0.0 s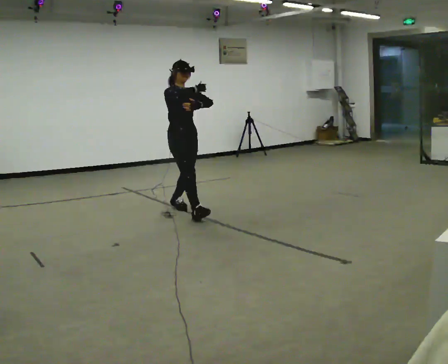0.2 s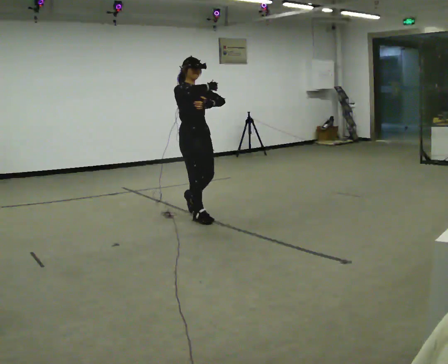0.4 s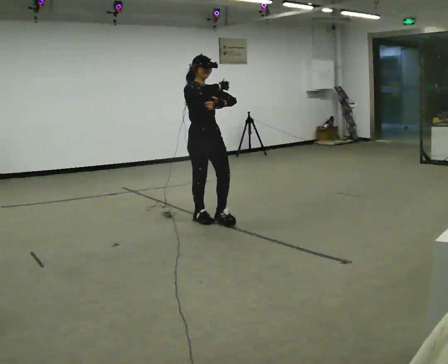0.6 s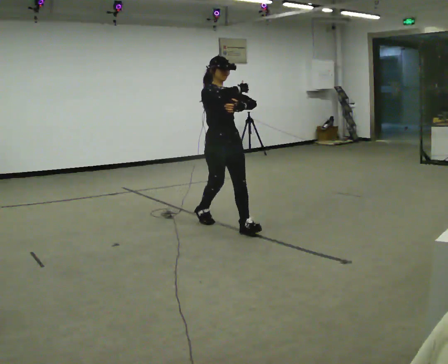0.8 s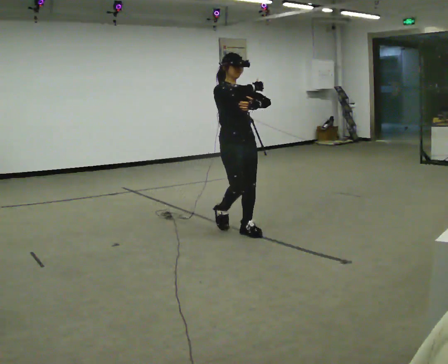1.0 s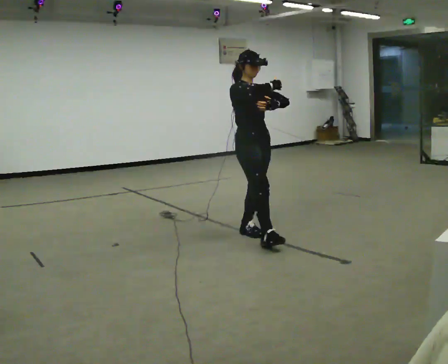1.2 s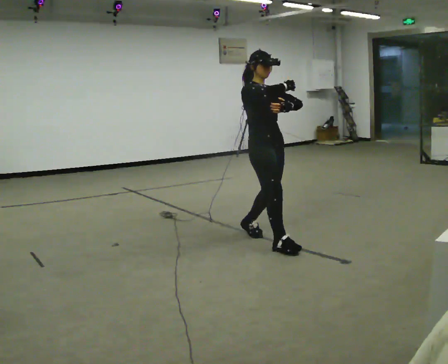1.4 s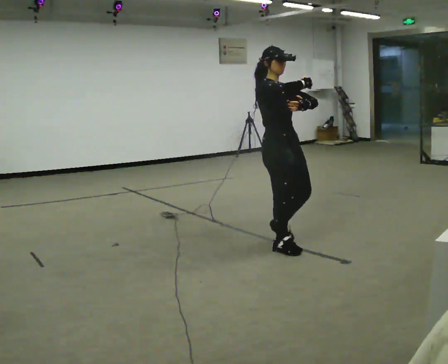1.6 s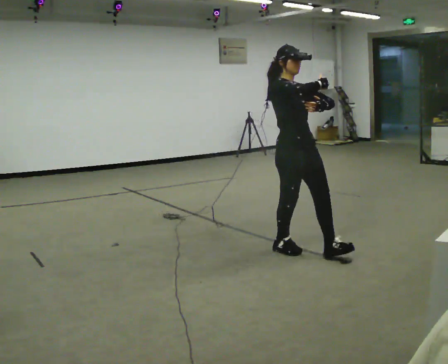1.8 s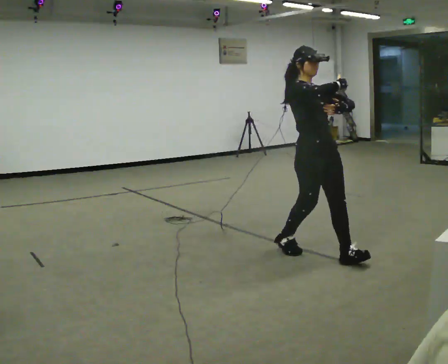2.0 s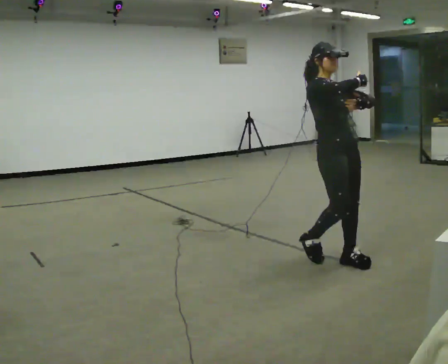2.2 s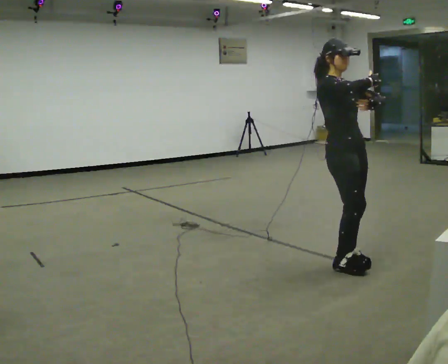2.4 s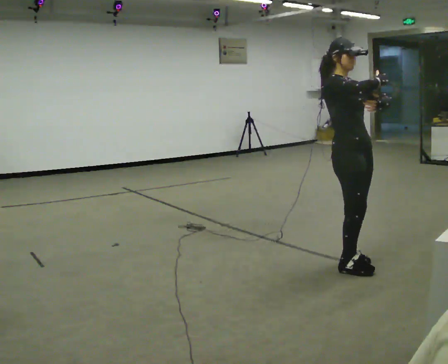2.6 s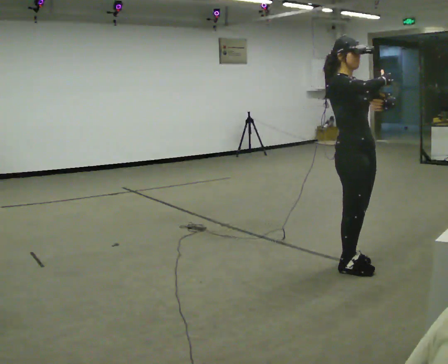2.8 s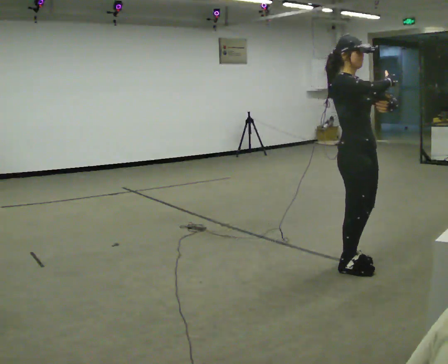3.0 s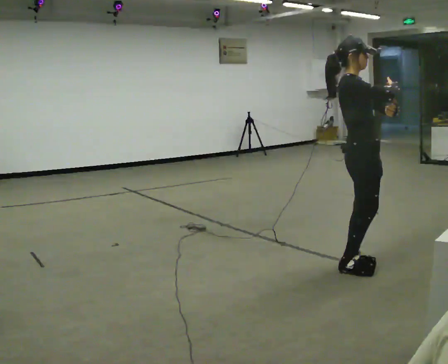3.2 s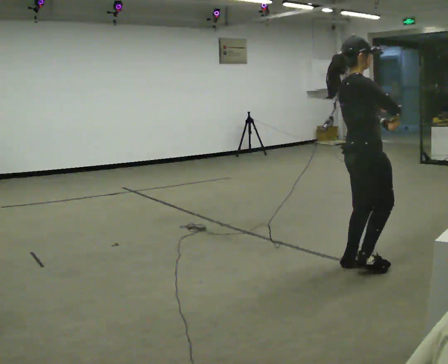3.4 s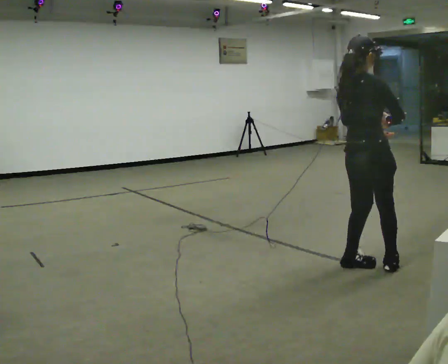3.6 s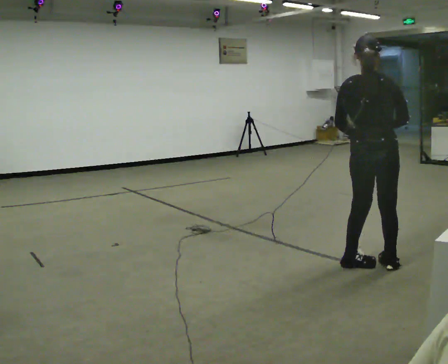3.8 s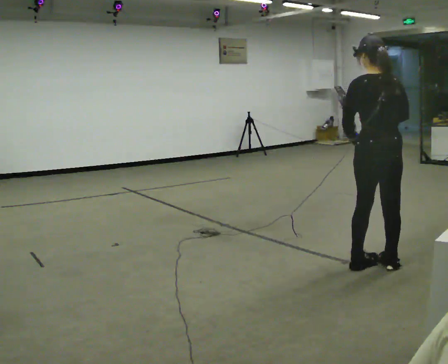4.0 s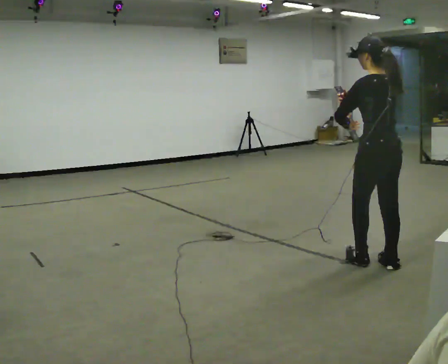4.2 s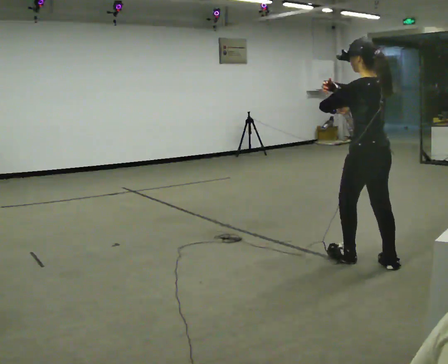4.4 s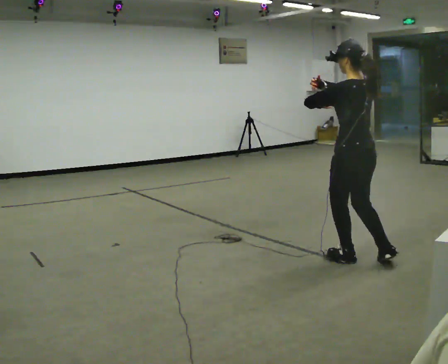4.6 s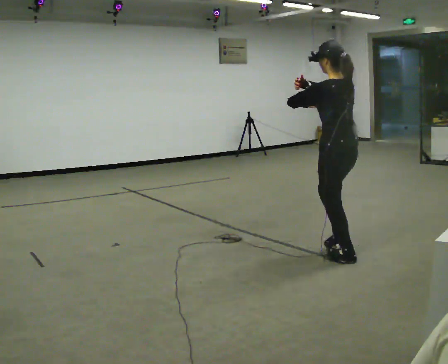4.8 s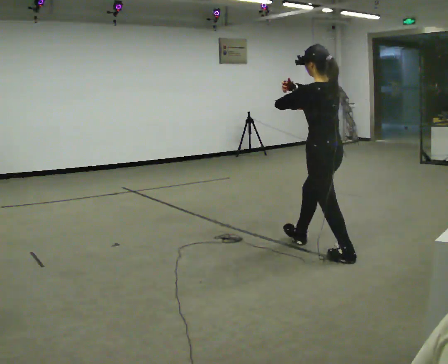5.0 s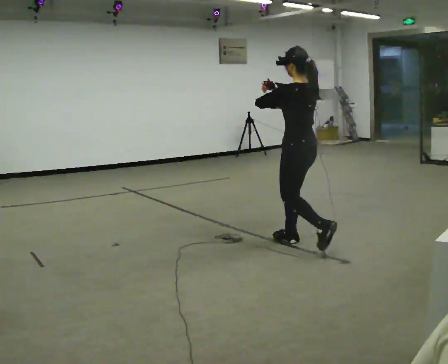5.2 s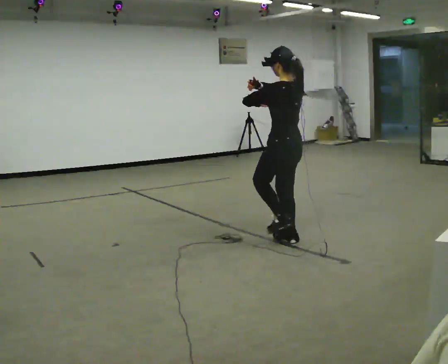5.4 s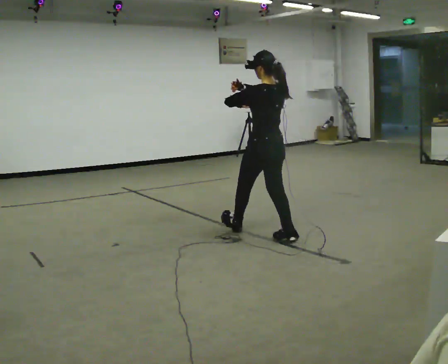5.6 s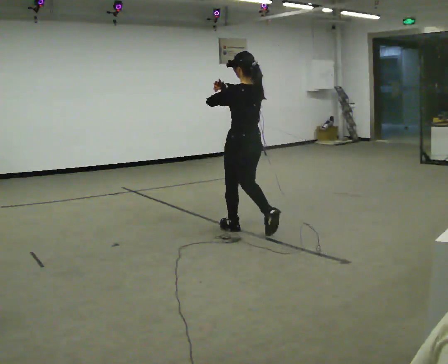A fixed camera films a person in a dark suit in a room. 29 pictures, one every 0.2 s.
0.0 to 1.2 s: In the picture they go to the right and toward the camera, about 1.5 m in 3 steps, which for them is forward.
1.2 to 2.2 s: In the picture they go to the right and toward the camera, about 1 m in 1 step, which for them is forward.
2.2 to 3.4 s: The person turns about 90 degrees to their left, counterclockwise seen from above, so the part of the body nearest the lens slides to the right. In the picture they go to the right, about 0.25 m in 1 step.
3.4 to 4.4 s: The part of the body nearest the lens slides to the right as the person turns to their left by about 90 degrees. In the picture they go away from the camera, about 0.25 m in 1 step. In the picture their right hand goes to the left.
4.4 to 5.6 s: In the picture they go to the left and away from the camera, about 1 m in 2 steps, which for them is forward.
The film runs forward here.
